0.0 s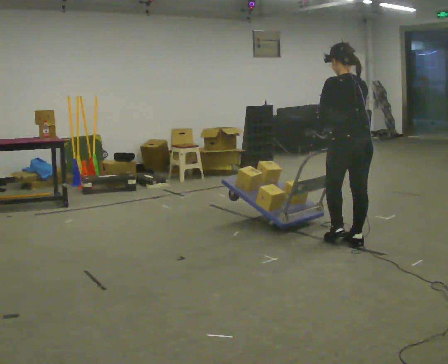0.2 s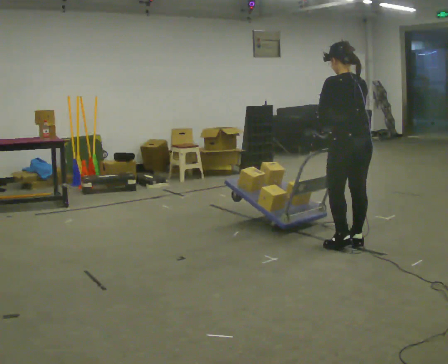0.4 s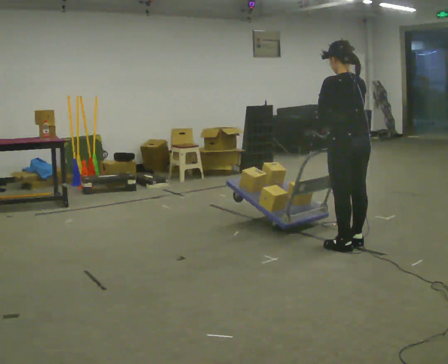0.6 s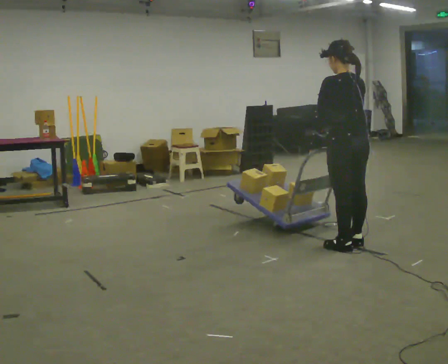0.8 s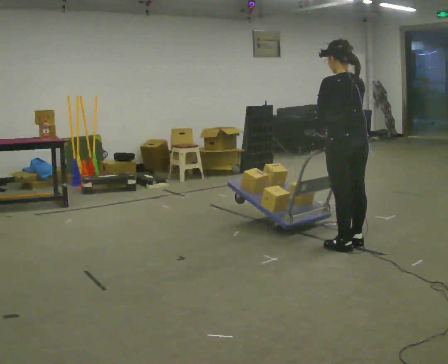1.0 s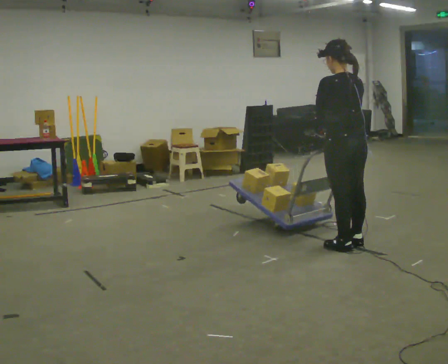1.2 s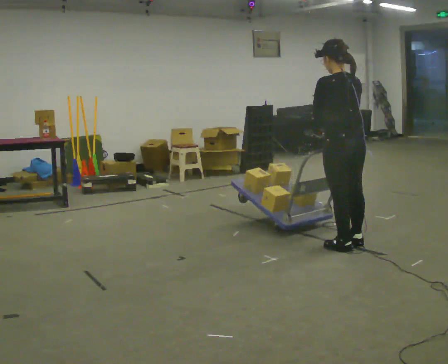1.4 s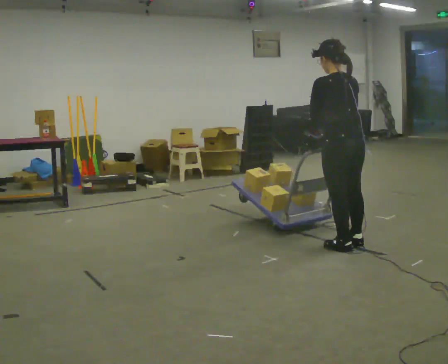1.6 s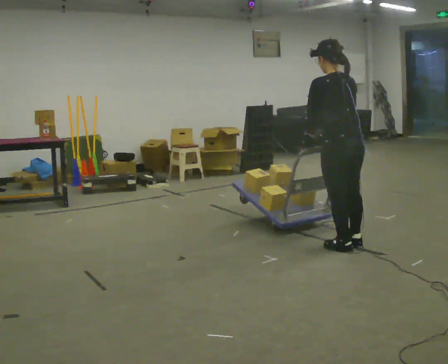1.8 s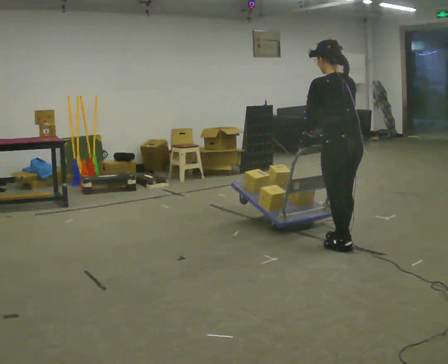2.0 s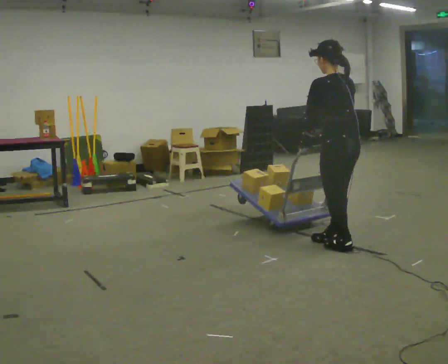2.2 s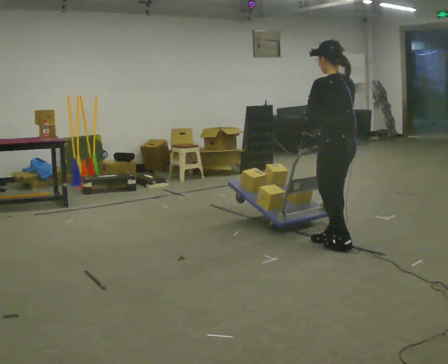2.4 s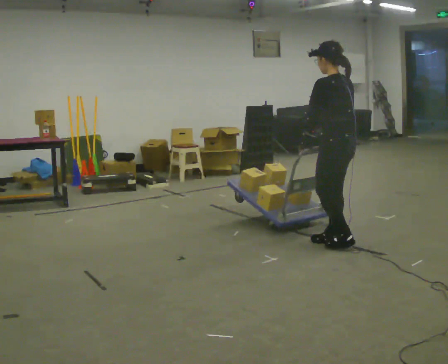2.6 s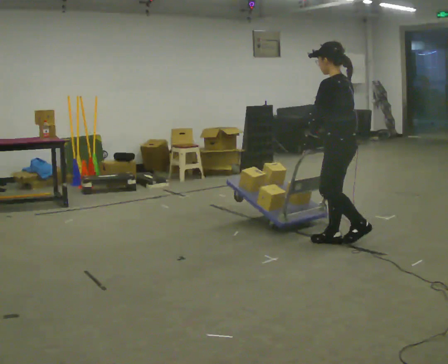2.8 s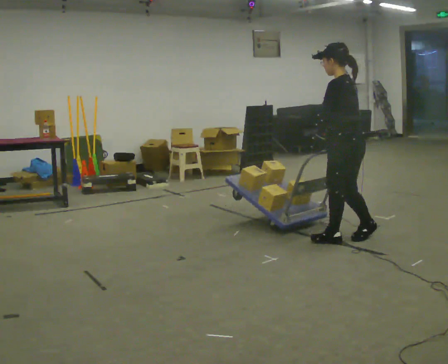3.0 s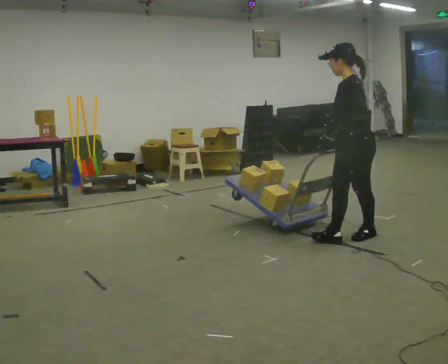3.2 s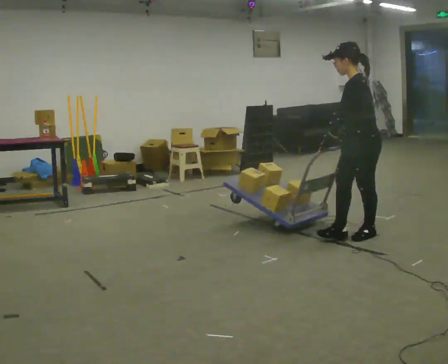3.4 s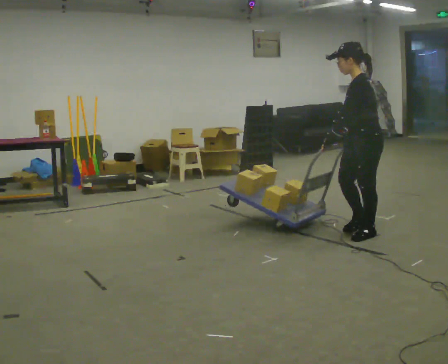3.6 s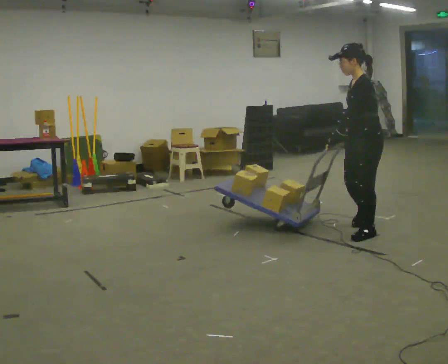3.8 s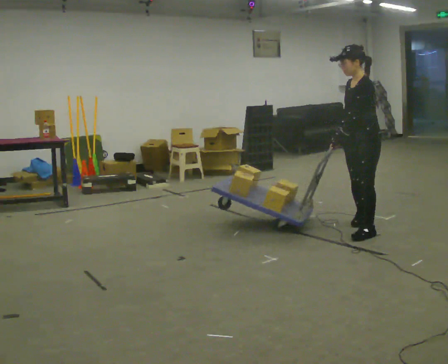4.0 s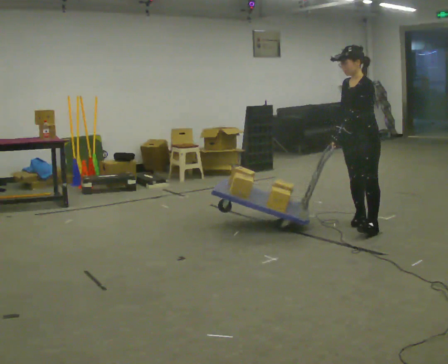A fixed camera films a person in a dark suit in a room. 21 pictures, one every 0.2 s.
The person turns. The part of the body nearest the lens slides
to the right.
The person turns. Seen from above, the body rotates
counterclockwise.
0.0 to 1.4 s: In the picture they go toward the camera, about 0.25 m, which for them is to their left.
1.4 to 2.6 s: The person turns about 45 degrees to their left, counterclockwise seen from above, so the part of the body nearest the lens slides to the right.
2.6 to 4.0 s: The part of the body nearest the lens slides to the right as the person turns to their left by about 60 degrees. In the picture they go away from the camera and to the right, about 0.5 m in 2 steps.
The film runs backward here.
